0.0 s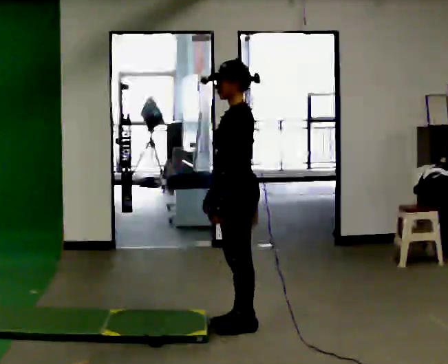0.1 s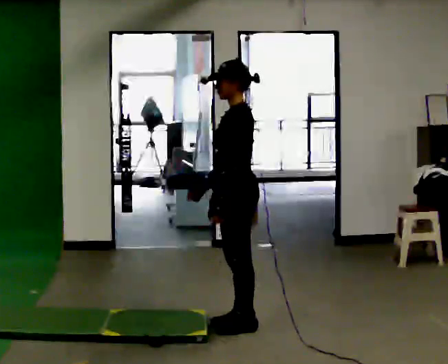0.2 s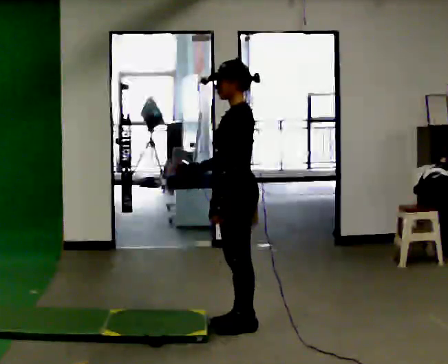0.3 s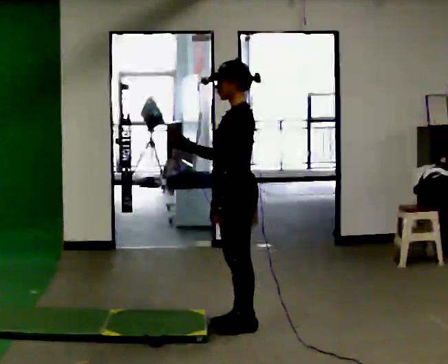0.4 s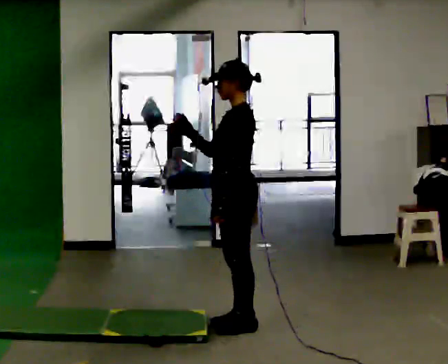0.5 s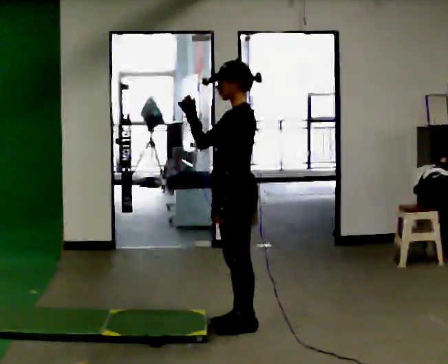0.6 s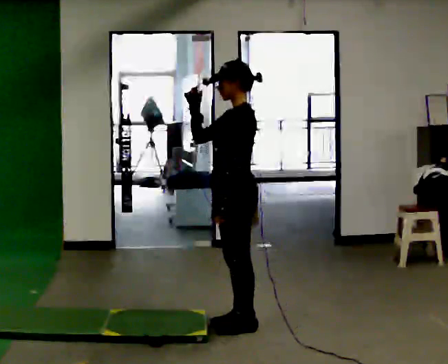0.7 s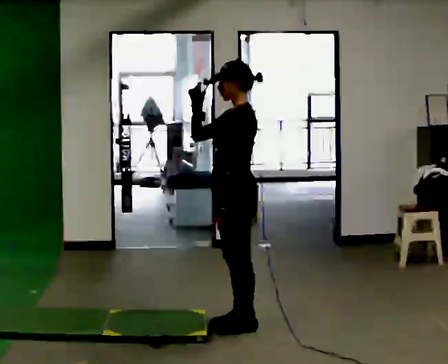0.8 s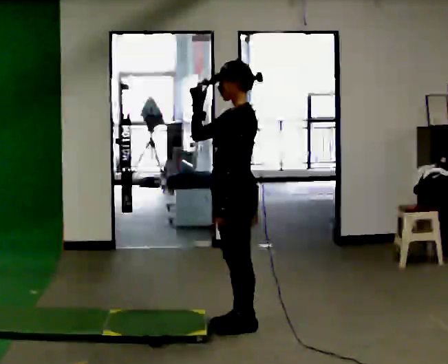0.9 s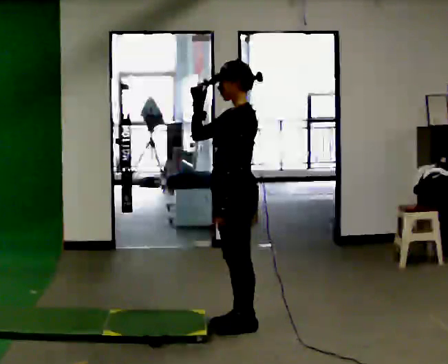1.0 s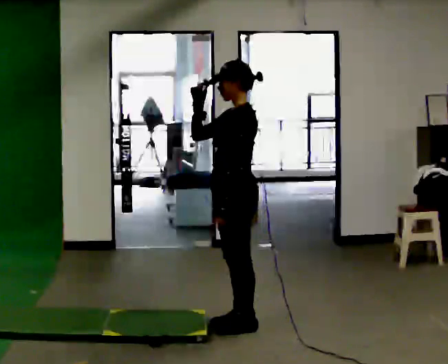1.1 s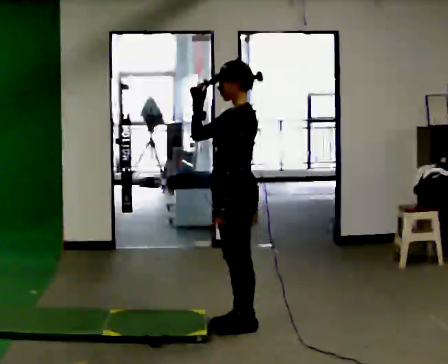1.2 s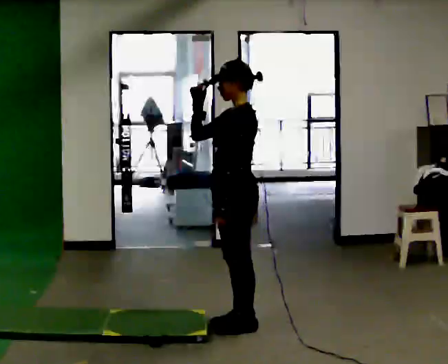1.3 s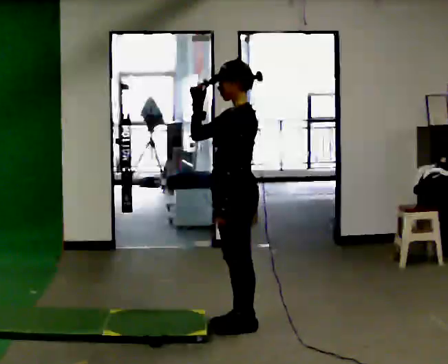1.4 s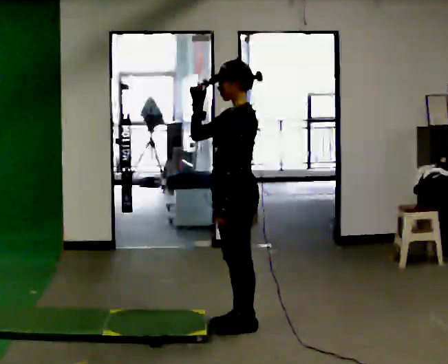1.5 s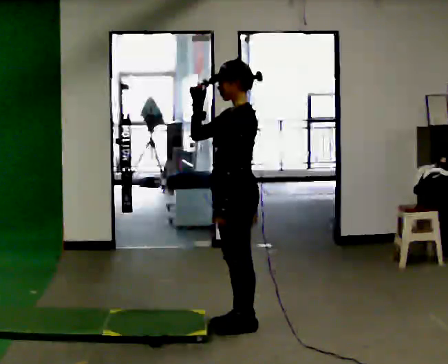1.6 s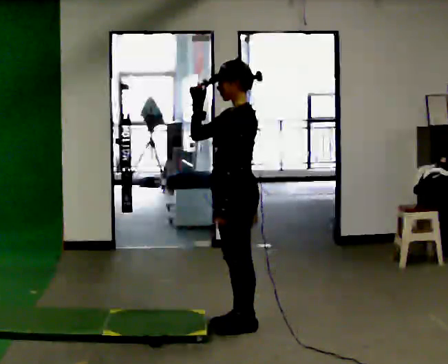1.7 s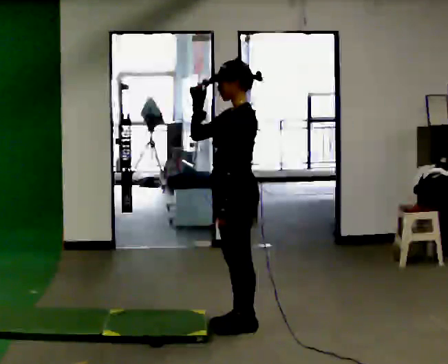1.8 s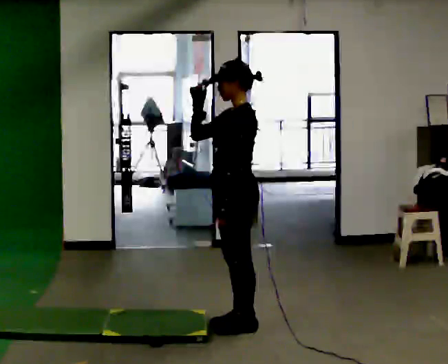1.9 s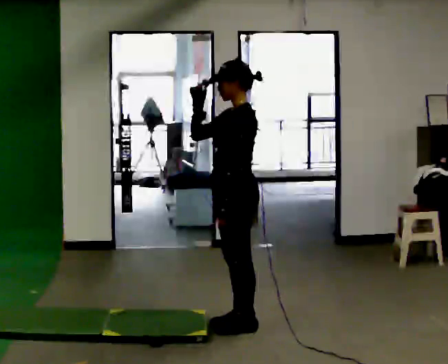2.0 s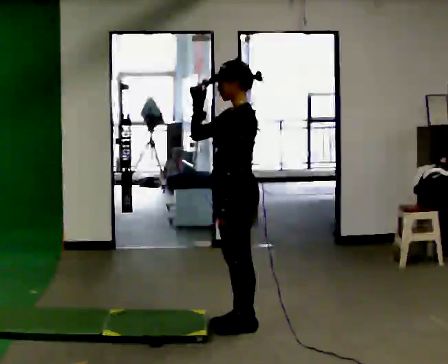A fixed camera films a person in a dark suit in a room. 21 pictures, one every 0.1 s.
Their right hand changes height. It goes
upward.
0.0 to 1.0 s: In the picture their right hand goes upward.
1.0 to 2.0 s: The person keeps their place and pose.
The film runs forward here.
